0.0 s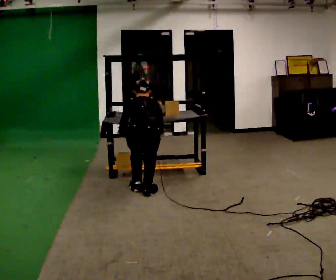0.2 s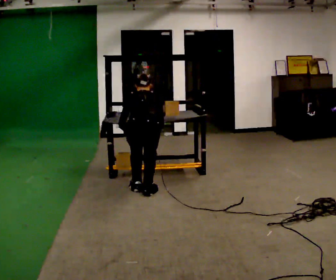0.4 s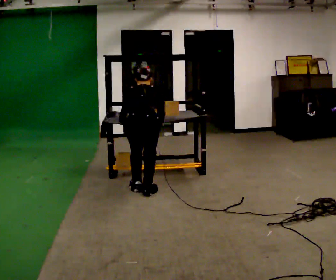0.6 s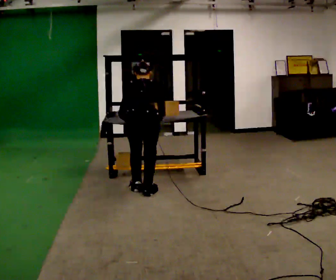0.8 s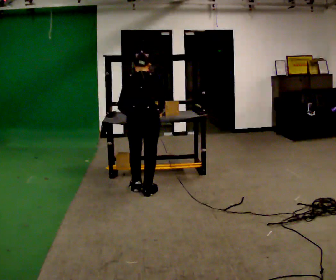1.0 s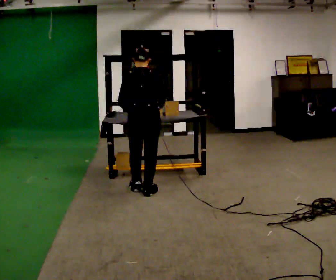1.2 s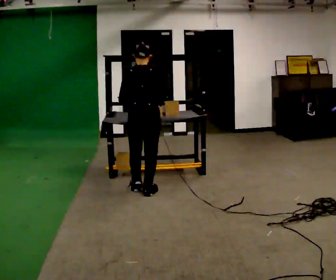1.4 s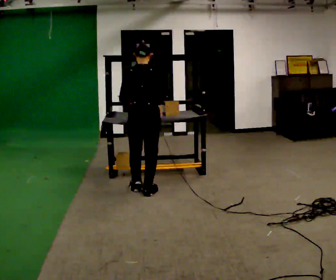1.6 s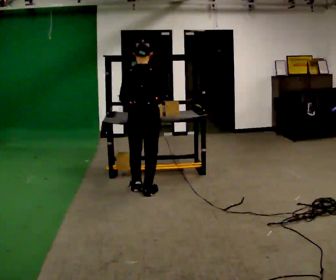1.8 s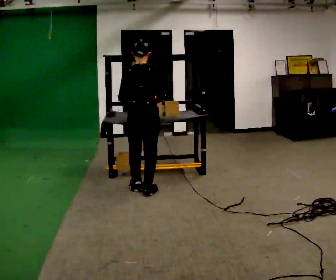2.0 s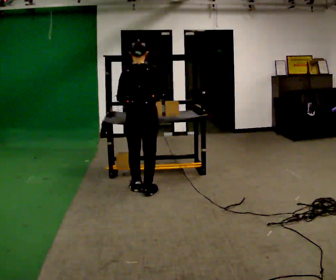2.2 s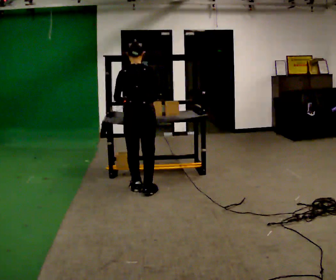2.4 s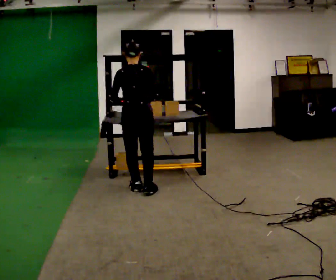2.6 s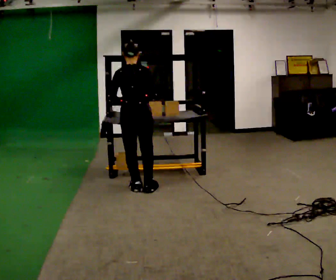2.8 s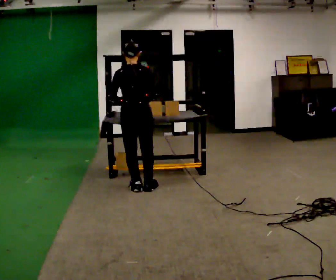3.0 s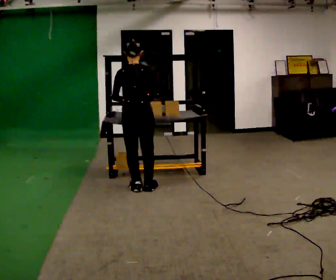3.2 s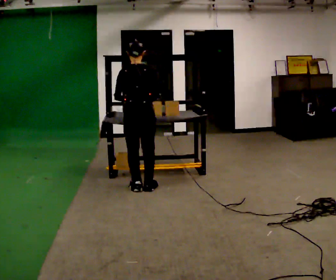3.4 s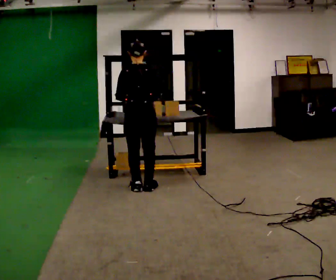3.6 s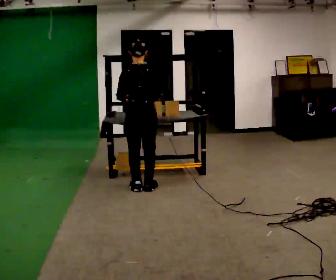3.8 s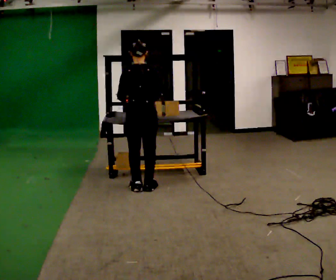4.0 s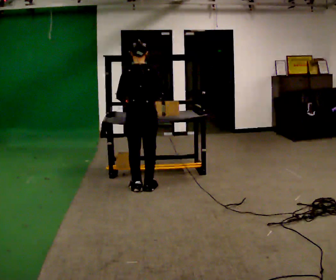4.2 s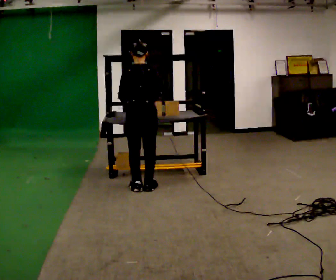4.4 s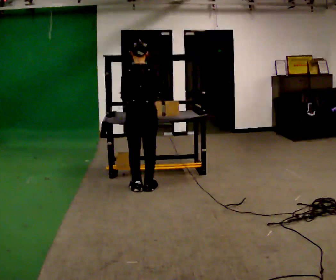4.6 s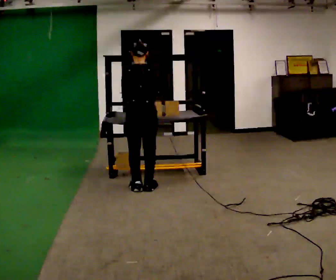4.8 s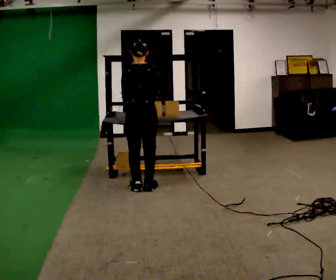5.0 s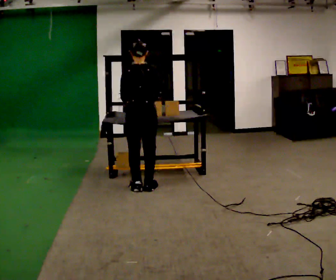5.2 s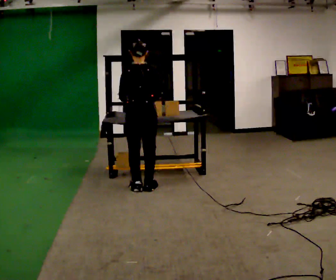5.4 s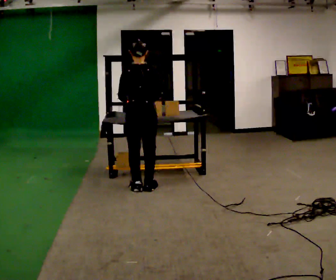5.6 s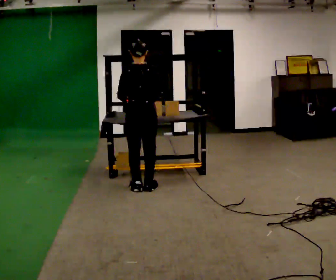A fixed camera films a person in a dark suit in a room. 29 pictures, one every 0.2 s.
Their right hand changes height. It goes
upward.
The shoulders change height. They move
upward.
0.0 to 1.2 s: The shoulders move upward. The upper body tips toward the camera, its near side rolling downward, as they lean back or straighten. In the picture their left hand goes upward.
1.2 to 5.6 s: In the picture they go away from the camera, about 0.25 m in 1 step, which for them is forward.
The film runs backward here.
